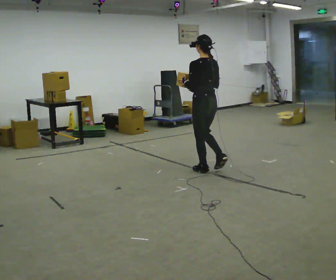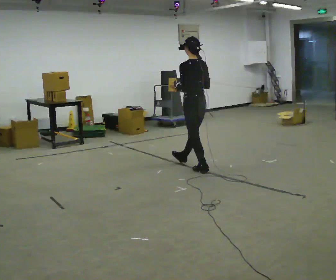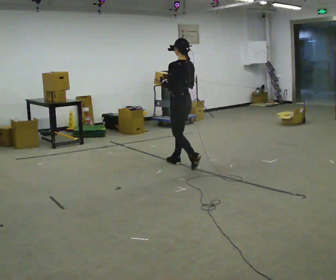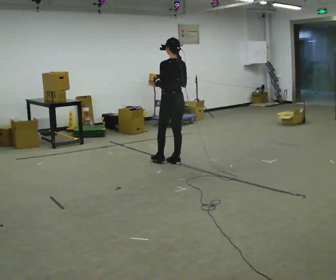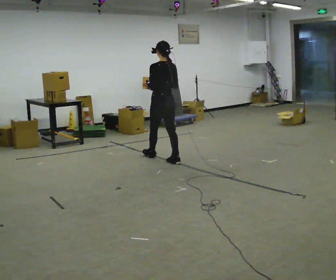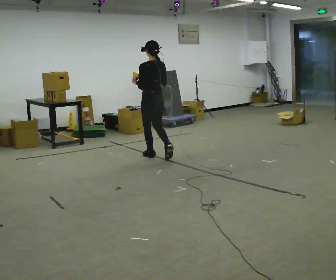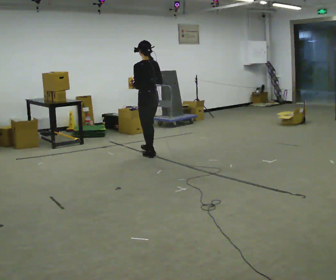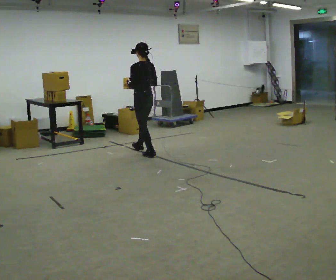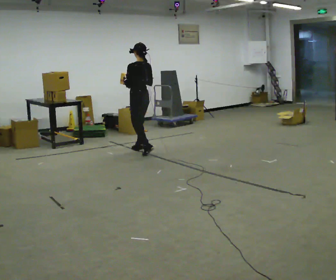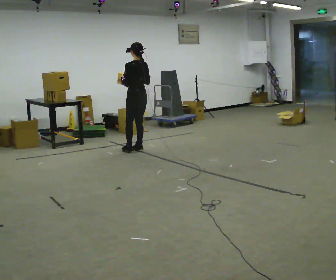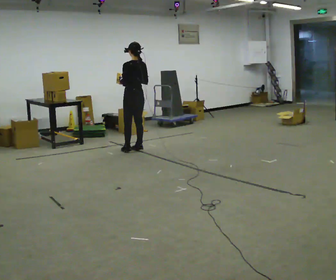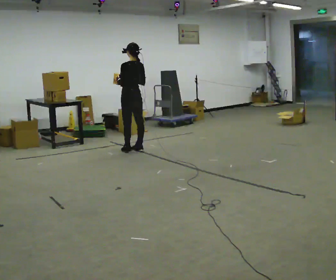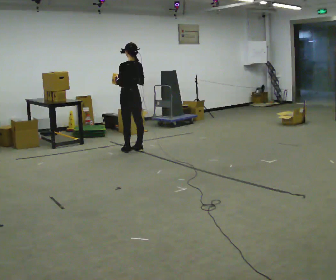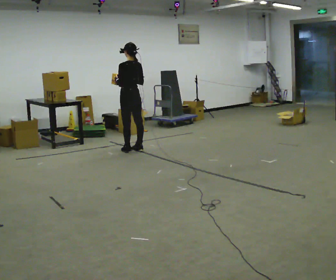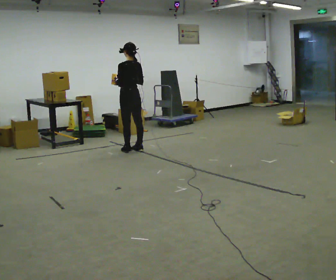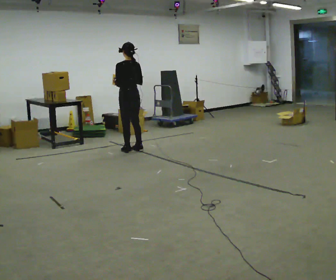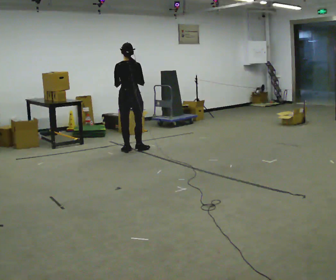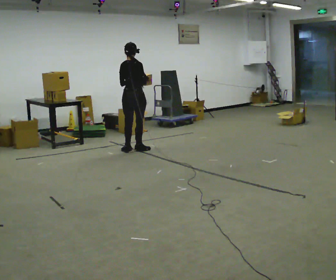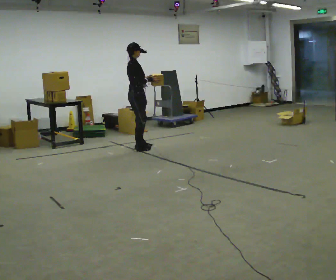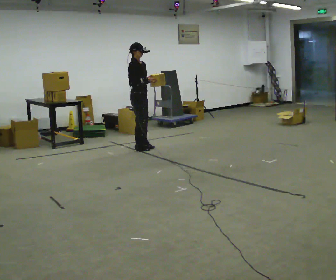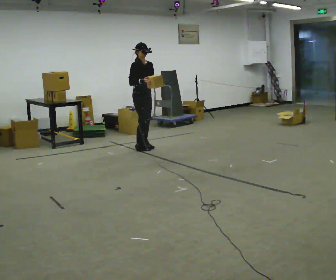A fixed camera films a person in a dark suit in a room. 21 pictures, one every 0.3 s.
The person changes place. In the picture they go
away from the camera.
0.0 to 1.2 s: In the picture they go away from the camera and to the left, about 1 m in 2 steps, which for them is forward.
1.2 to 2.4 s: In the picture they go away from the camera and to the left, about 0.5 m in 1 step, which for them is forward.
2.4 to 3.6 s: The person moves a little, or ends about where they began.
3.6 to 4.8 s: The person turns about 45 degrees to their right, clockwise seen from above, so the part of the body nearest the lens slides to the left.
4.8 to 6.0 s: The person turns about 135 degrees to their right, clockwise seen from above, so the part of the body nearest the lens slides to the left. In the picture they go away from the camera and to the right, about 0.25 m in 1 step.
The film runs forward here.
